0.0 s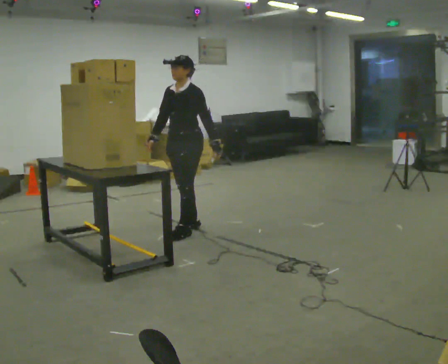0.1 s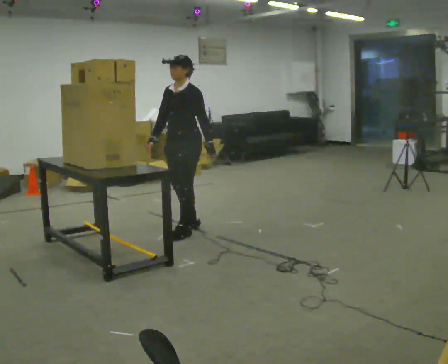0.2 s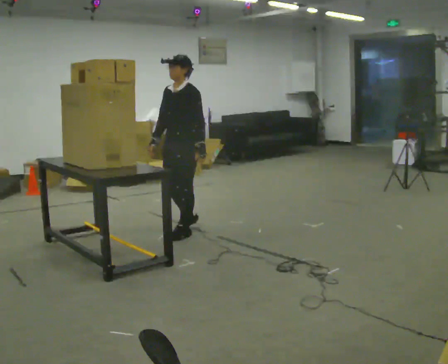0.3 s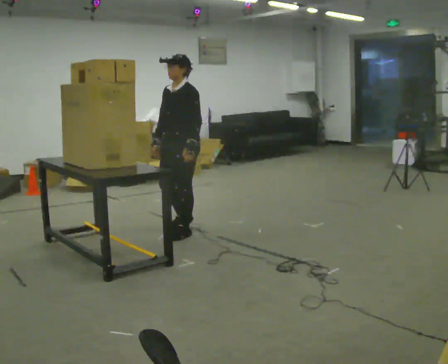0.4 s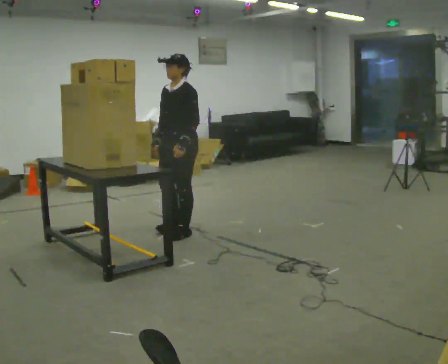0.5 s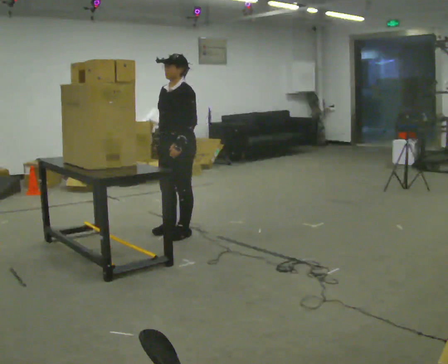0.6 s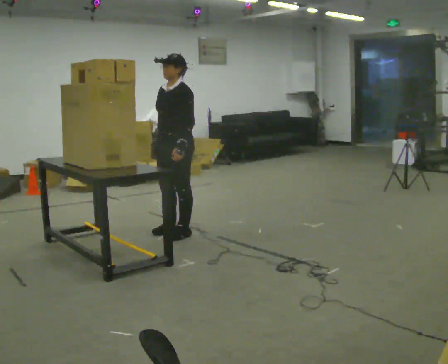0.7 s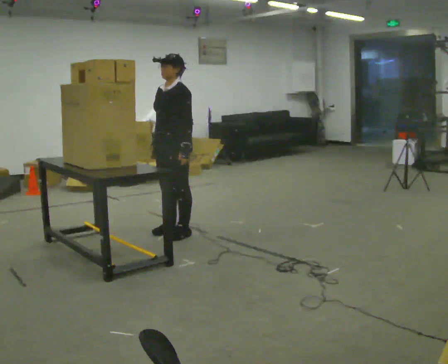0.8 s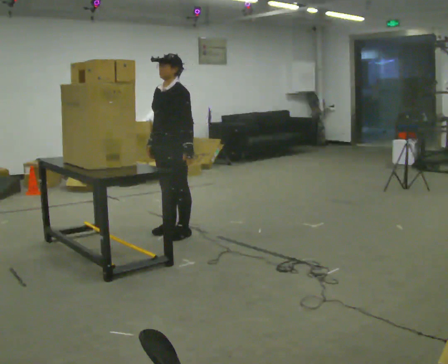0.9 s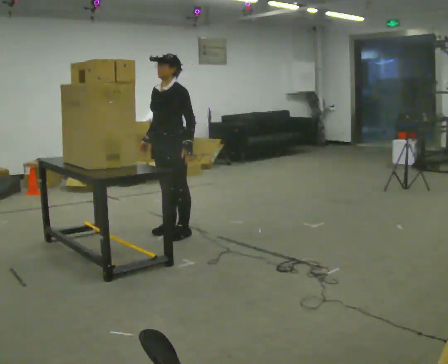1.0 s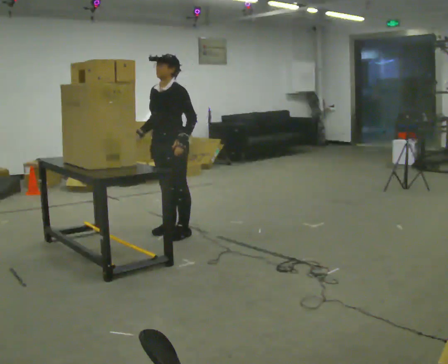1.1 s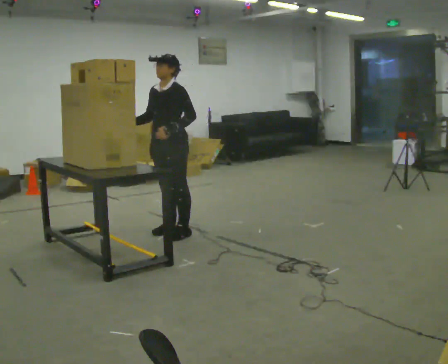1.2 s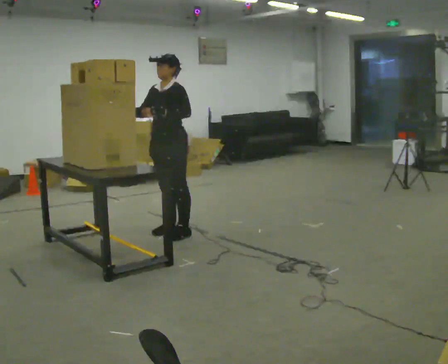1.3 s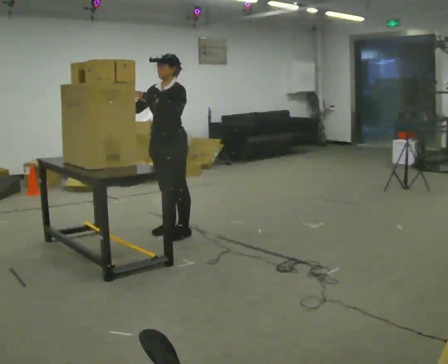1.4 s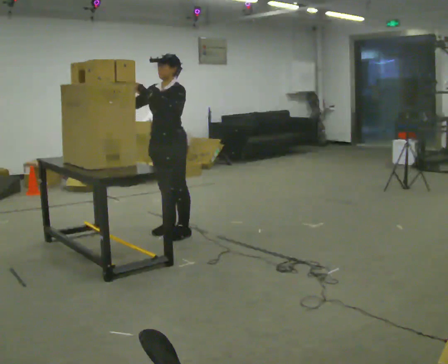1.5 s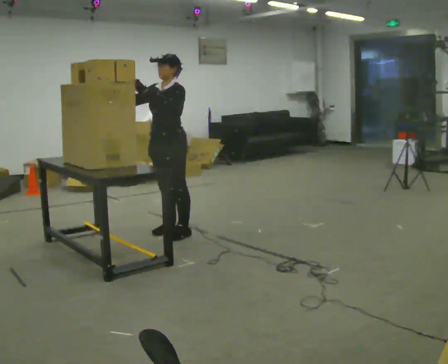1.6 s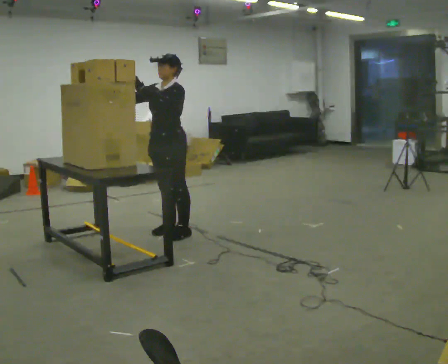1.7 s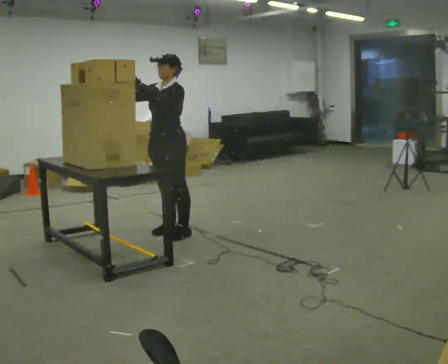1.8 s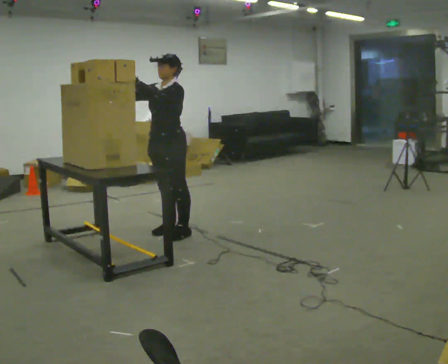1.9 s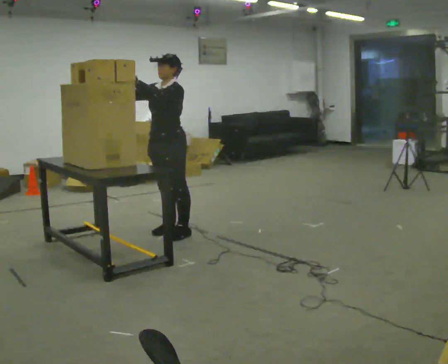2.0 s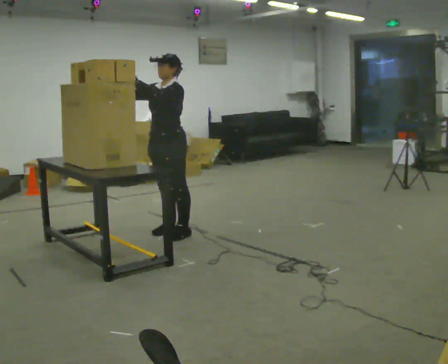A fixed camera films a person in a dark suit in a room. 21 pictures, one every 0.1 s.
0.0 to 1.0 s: The person moves a little, or ends about where they began.
1.0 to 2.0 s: In the picture their left hand goes upward and to the left.
The film runs forward here.
